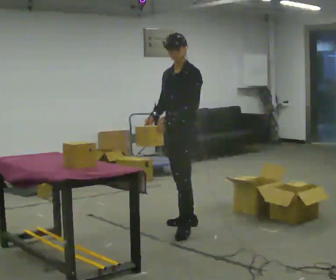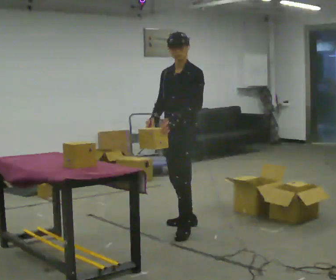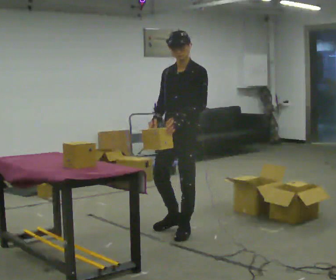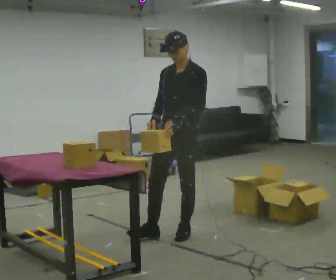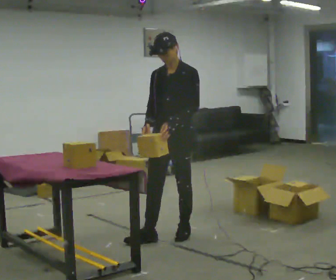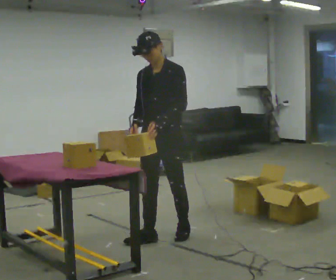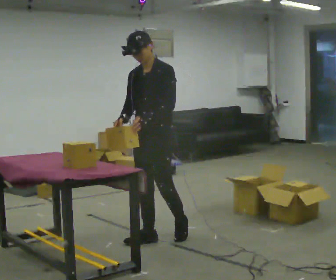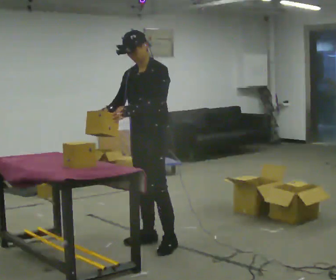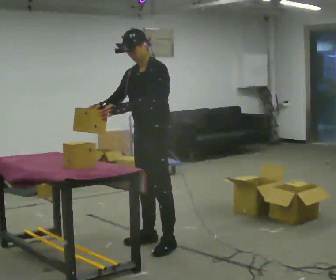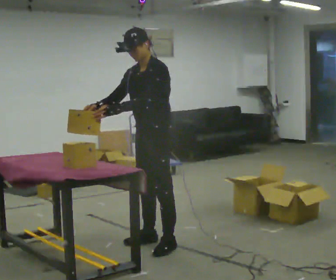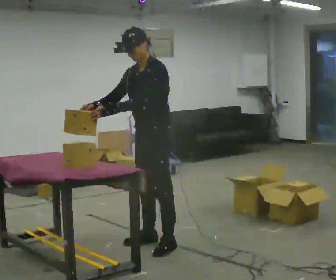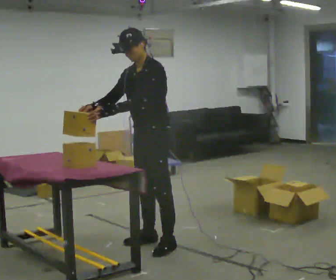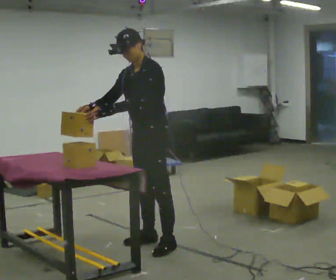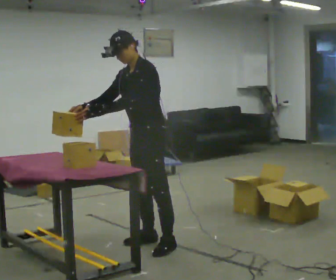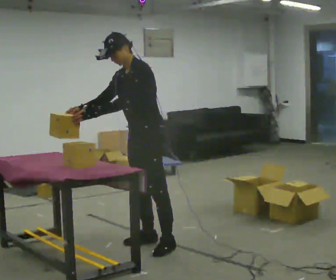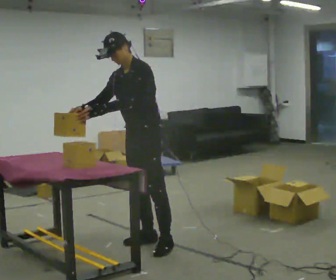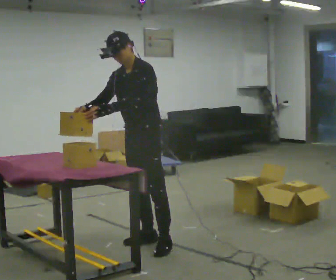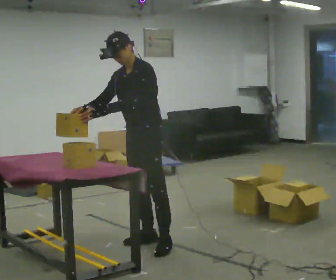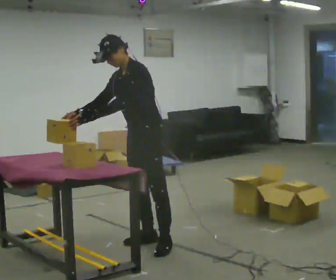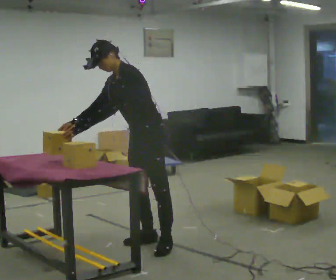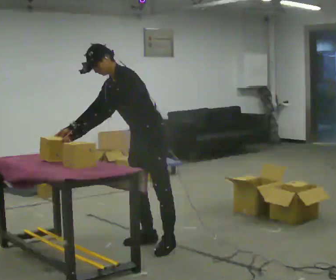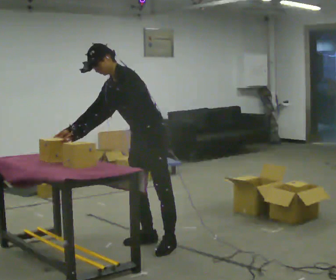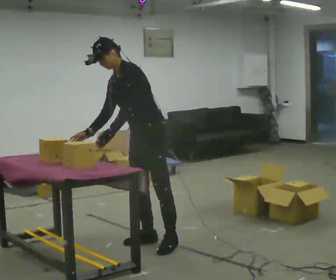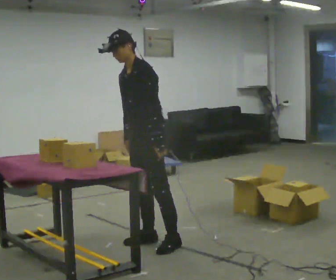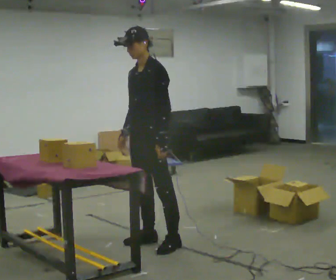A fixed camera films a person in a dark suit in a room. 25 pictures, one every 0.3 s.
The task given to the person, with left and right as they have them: 1. Look at the shelf and see which spaces are empty. 2. Find matching items in the bins on the floor. 3. Fill the empty spaces on the shelf. 4. Tell the operator when you are finished.
0.0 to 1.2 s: In the picture they go toward the camera, about 0.25 m in 1 step, which for them is forward and to their left.
1.2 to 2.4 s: In the picture they go toward the camera and to the left, about 0.25 m in 1 step, which for them is forward. In the picture their left hand goes to the left.
2.4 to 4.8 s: The person moves a little, or ends about where they began.
4.8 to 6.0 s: In the picture the upper body tilts counterclockwise, shoulders to the left, as they bend forward.
6.0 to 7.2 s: In the picture the upper body tilts clockwise, shoulders to the right, as they lean back or straighten. In the picture their left hand goes to the right, the arm swinging counterclockwise.
The film runs forward here.
